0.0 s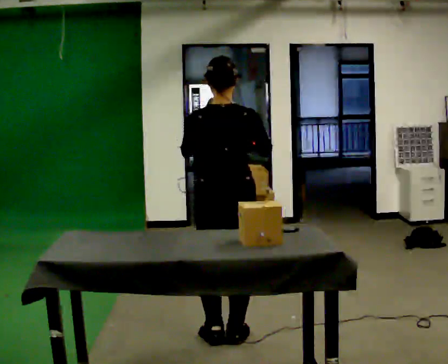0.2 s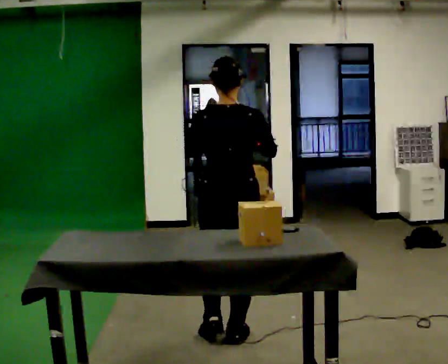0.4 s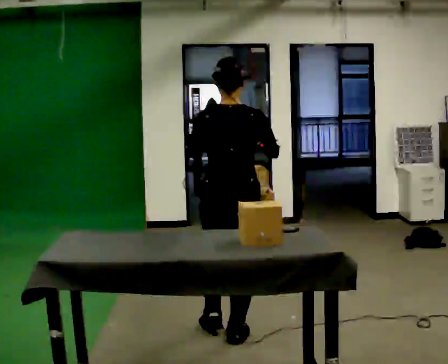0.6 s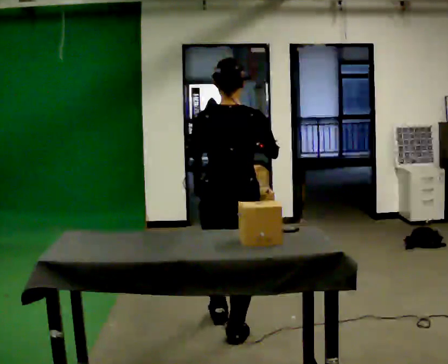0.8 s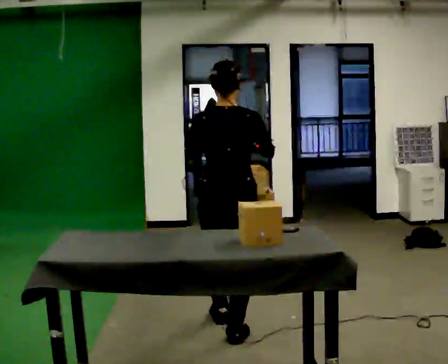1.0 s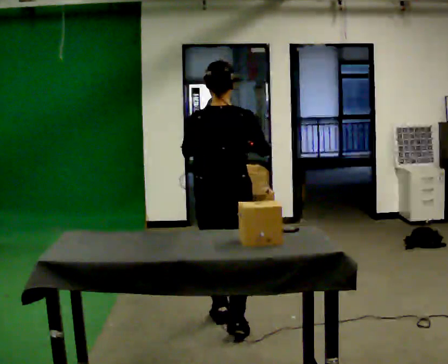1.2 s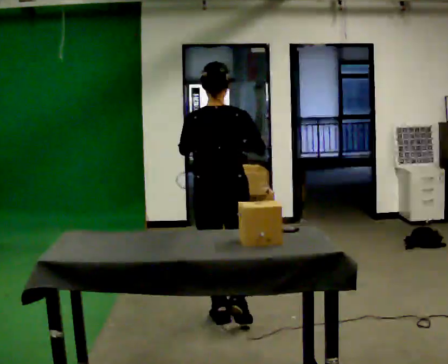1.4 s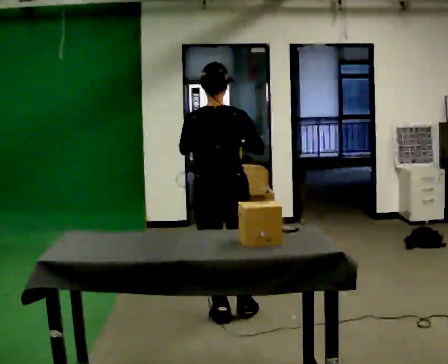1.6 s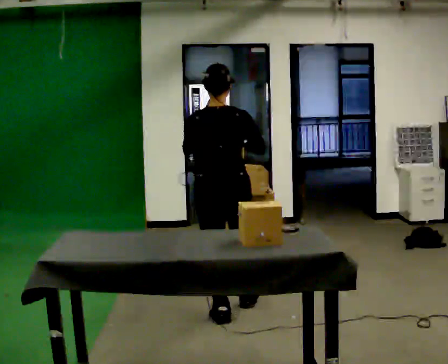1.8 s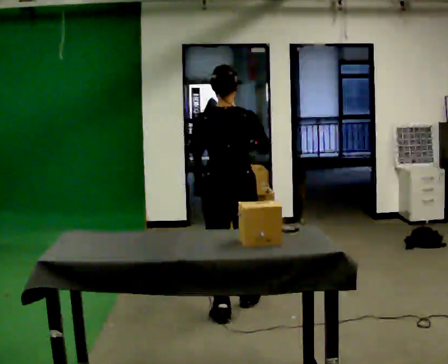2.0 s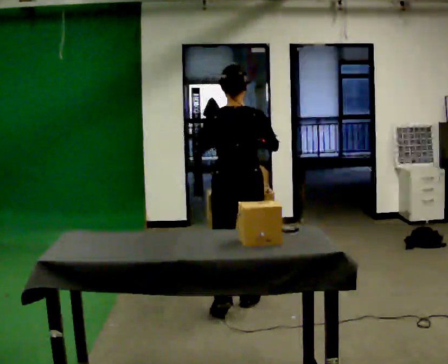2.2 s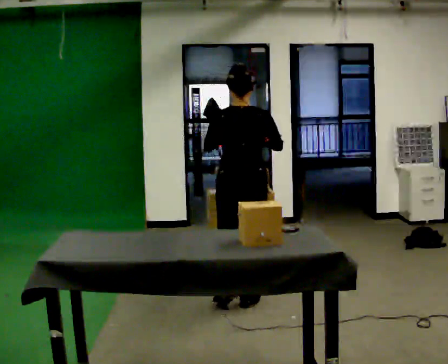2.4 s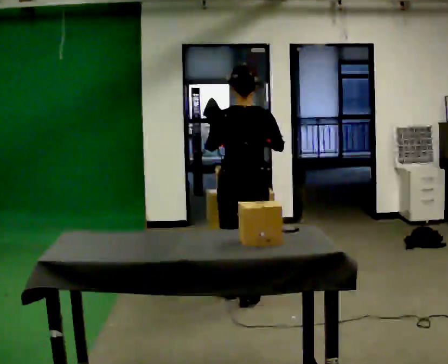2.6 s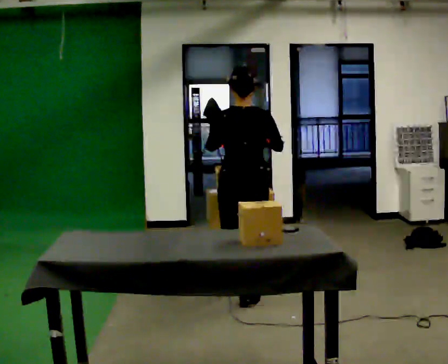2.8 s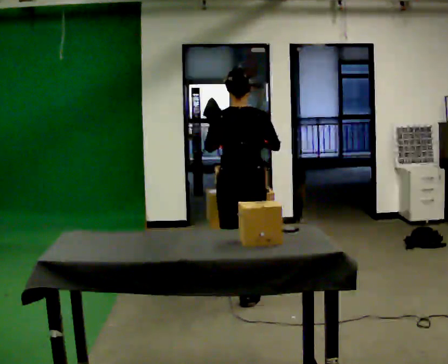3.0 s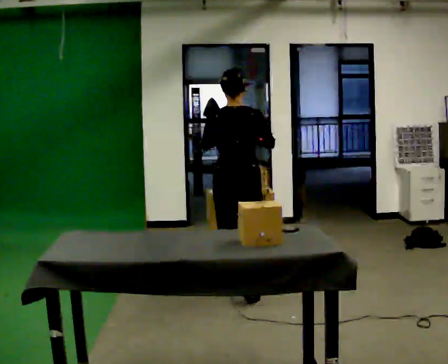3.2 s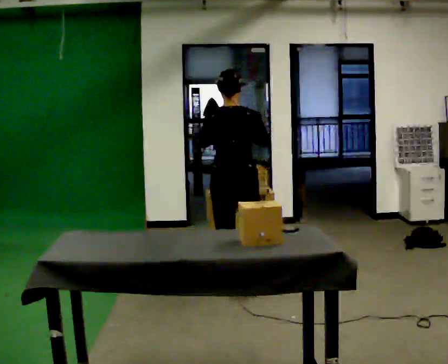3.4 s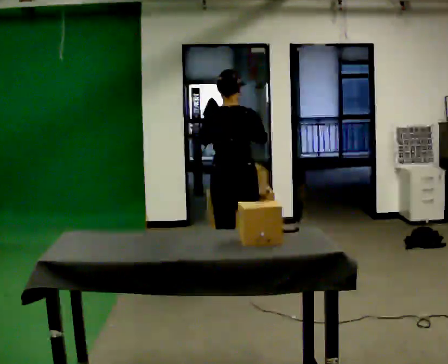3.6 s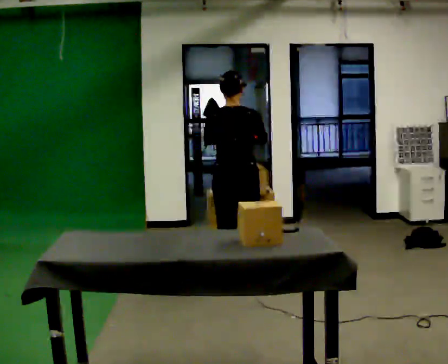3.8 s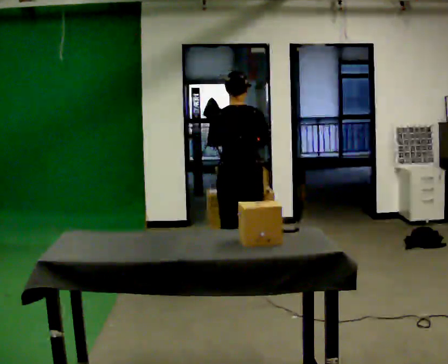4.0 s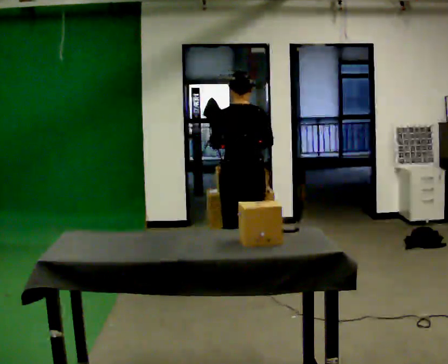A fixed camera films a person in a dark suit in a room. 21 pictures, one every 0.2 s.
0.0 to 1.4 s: In the picture they go away from the camera, about 0.25 m in 1 step, which for them is forward.
1.4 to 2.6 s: In the picture they go away from the camera, about 0.5 m in 2 steps, which for them is forward.
2.6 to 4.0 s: In the picture they go away from the camera, about 0.5 m in 1 step, which for them is forward.
The film runs forward here.
